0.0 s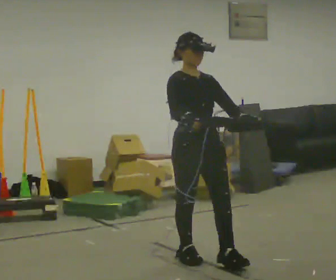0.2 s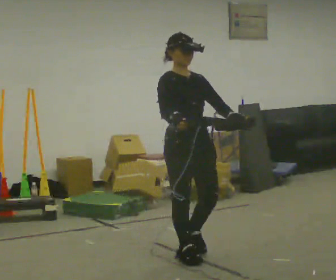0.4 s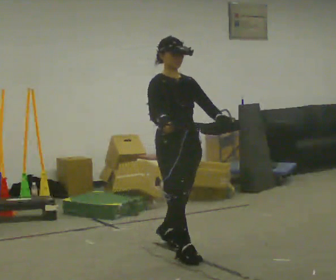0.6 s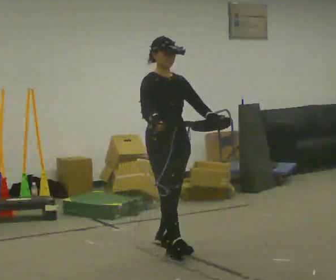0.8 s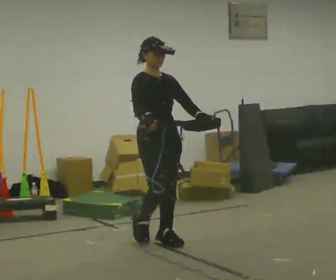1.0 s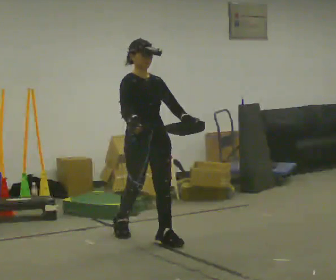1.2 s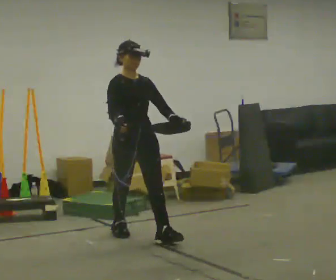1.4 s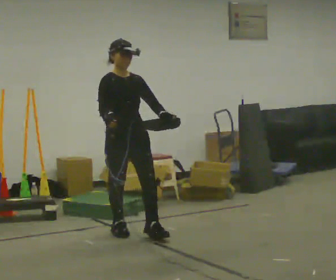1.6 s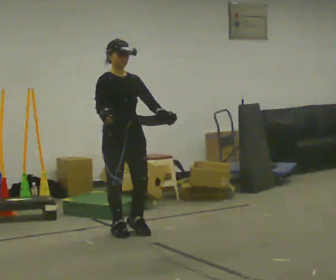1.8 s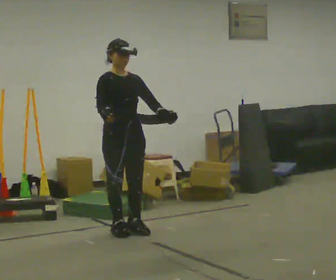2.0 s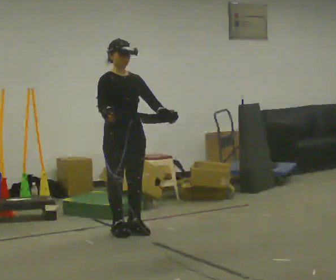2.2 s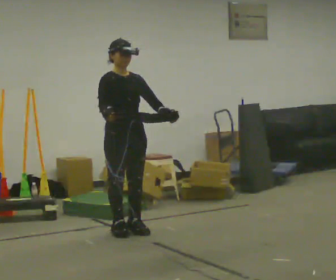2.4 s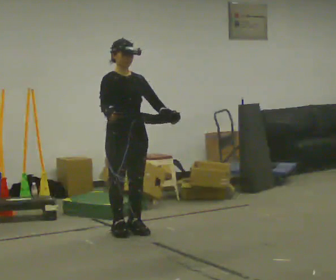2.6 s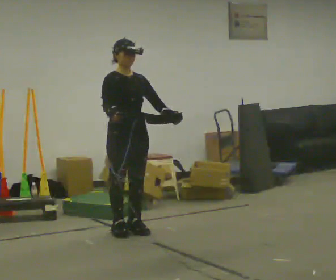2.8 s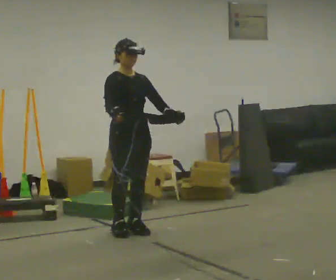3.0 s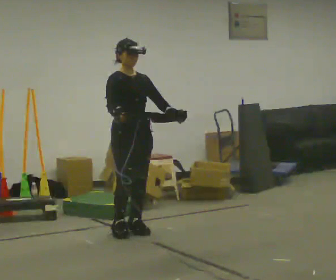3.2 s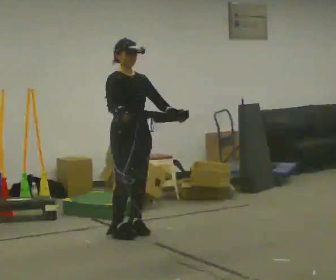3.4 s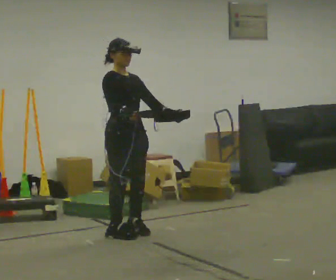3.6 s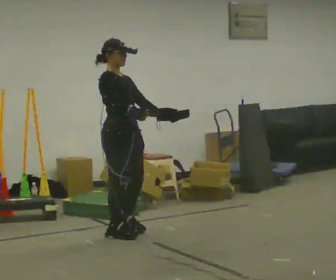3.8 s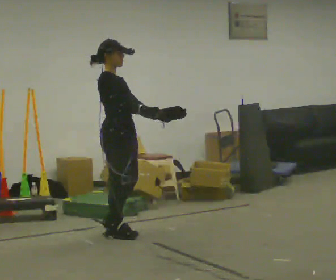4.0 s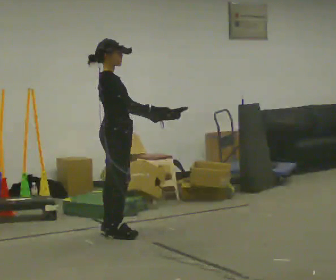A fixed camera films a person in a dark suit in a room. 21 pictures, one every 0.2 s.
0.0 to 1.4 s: In the picture they go away from the camera and to the left, about 1 m in 2 steps, which for them is backward.
1.4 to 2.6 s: The person moves a little, or ends about where they began.
2.6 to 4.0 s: Seen from above the body turns counterclockwise, about 75 degrees: to their left, with its near side sliding to the right. In the picture their right hand goes to the right.
The film runs backward here.
